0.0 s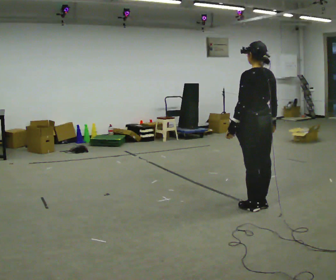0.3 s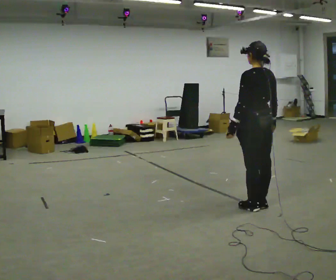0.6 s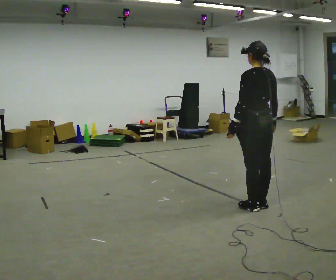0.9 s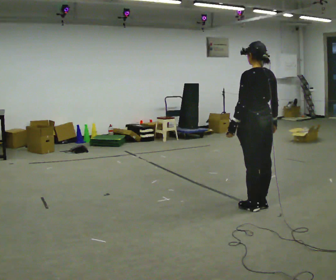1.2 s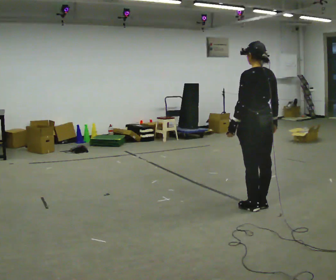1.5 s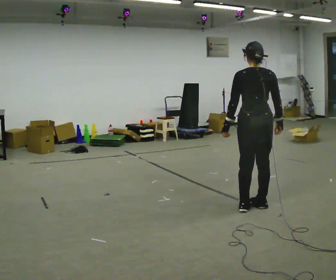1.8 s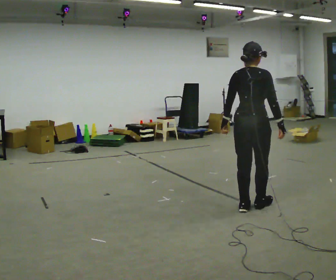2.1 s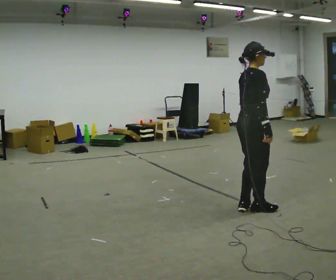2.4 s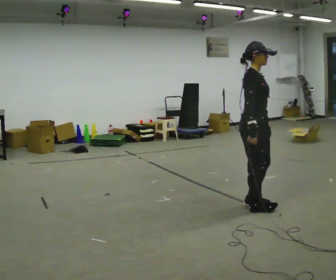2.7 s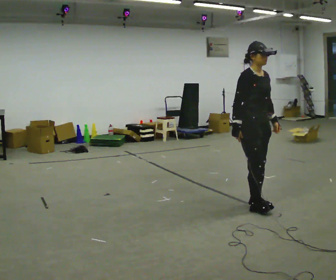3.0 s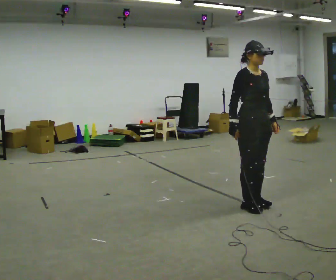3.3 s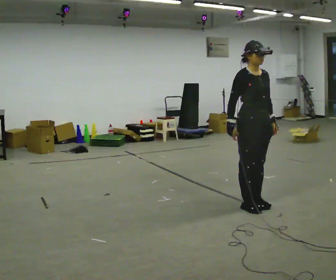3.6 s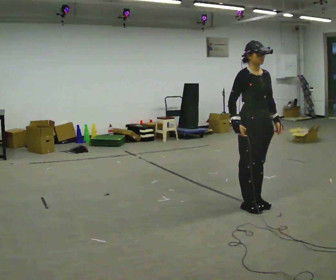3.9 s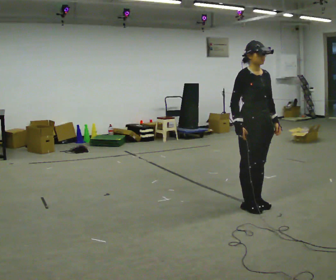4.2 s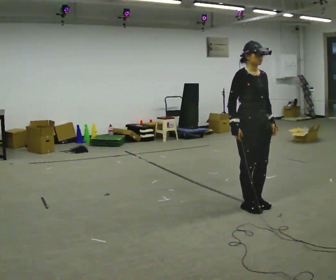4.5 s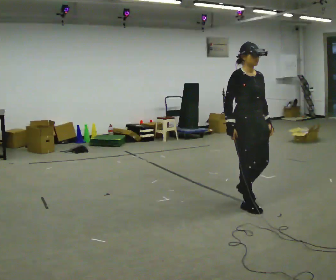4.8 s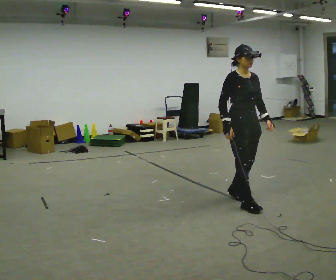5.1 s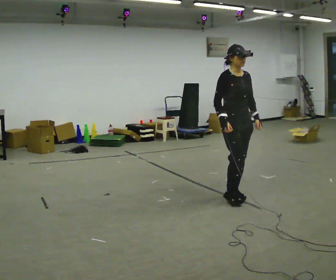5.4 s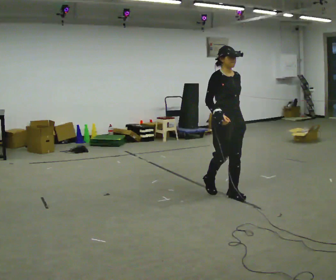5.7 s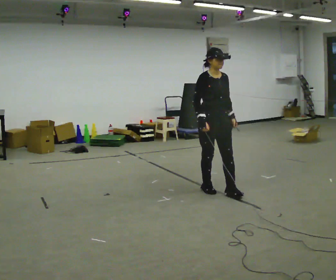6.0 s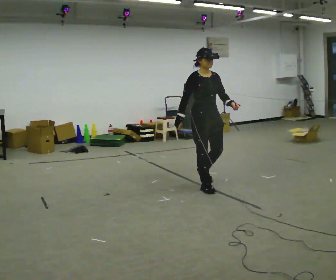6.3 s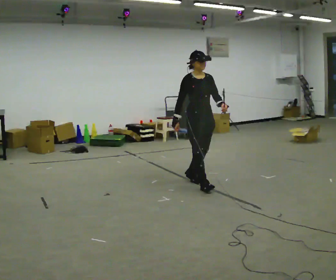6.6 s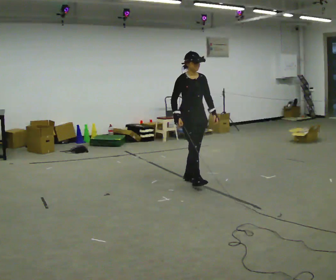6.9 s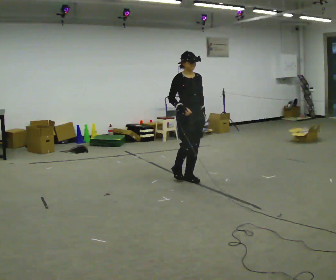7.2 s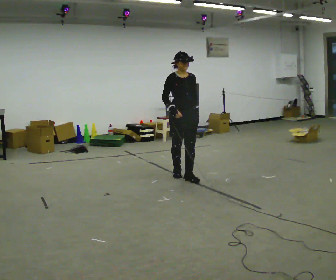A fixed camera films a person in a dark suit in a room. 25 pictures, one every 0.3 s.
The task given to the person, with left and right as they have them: Walk backward several steps, then turn while still moving backward, then continue backward. Operator confirms the space behind you is clear.
0.0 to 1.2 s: The person moves a little, or ends about where they began.
1.2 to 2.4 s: Seen from above the body turns clockwise, about 135 degrees: to their right, with its near side sliding to the left.
2.4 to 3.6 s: Seen from above the body turns clockwise, about 30 degrees: to their right, with its near side sliding to the left.
3.6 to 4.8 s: In the picture they go away from the camera, about 0.25 m in 1 step, which for them is backward.
4.8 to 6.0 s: In the picture they go away from the camera and to the left, about 0.75 m in 1 step, which for them is backward.
6.0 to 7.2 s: In the picture they go away from the camera and to the left, about 0.5 m in 2 steps, which for them is backward.
The film runs forward here.
